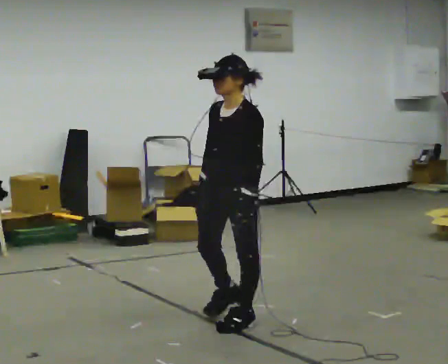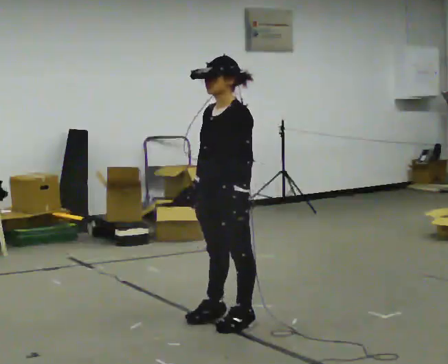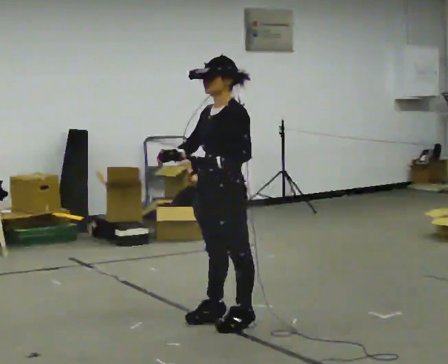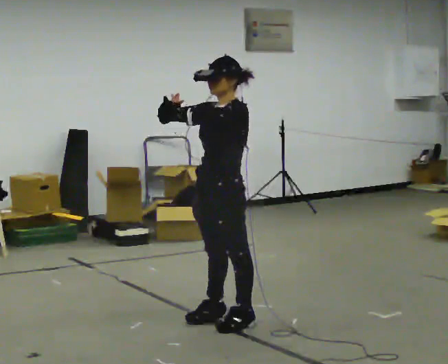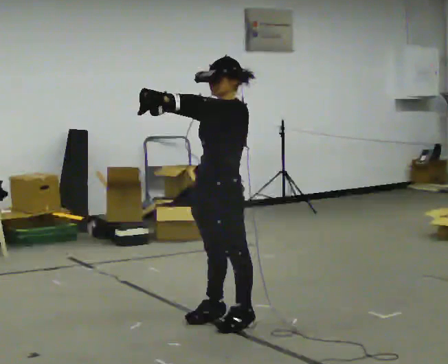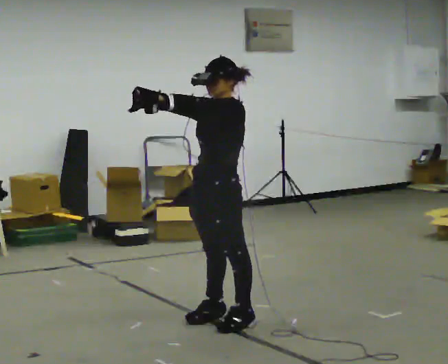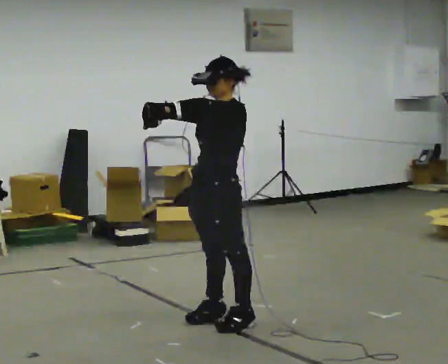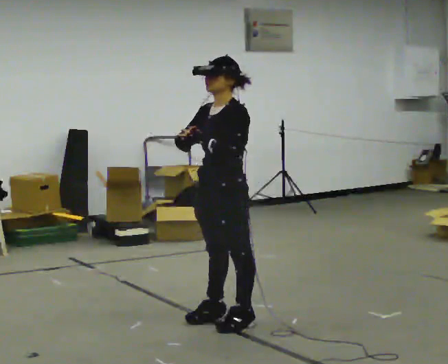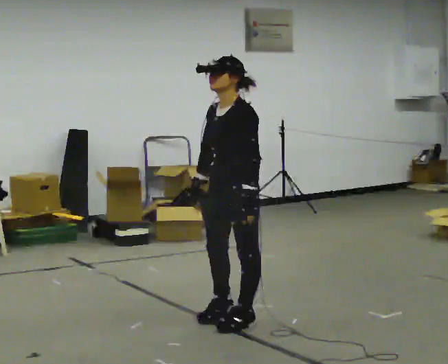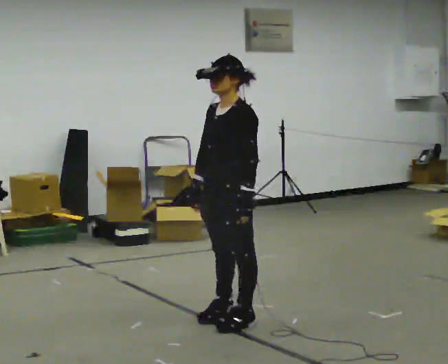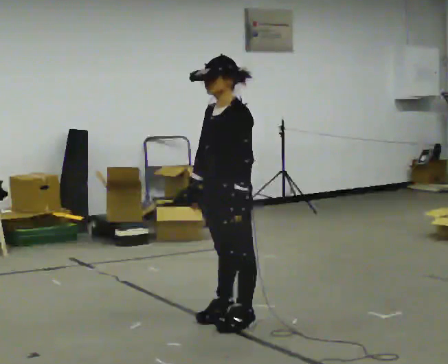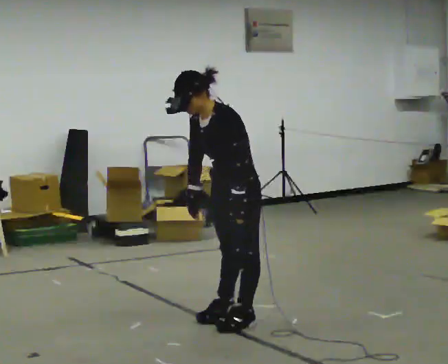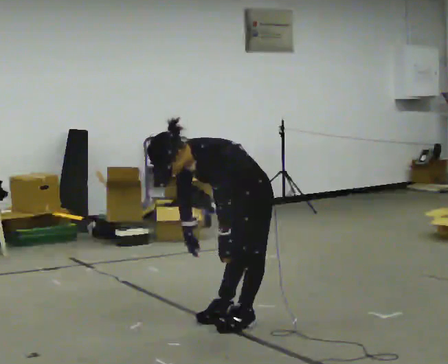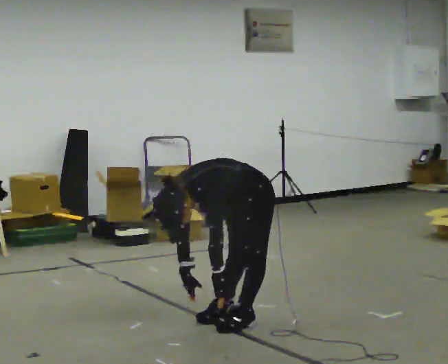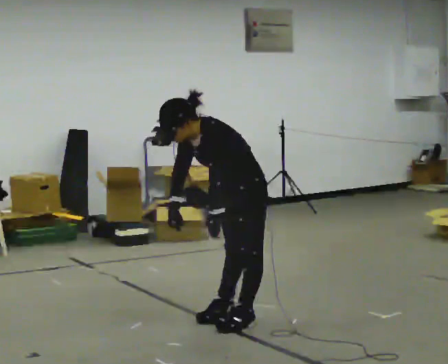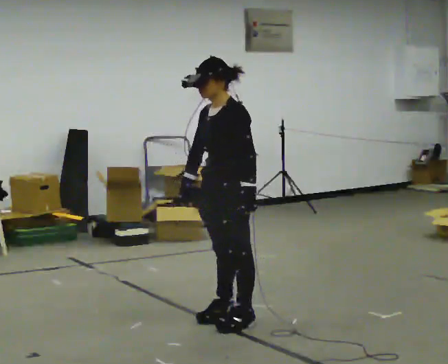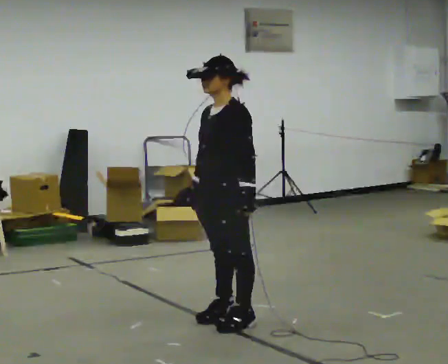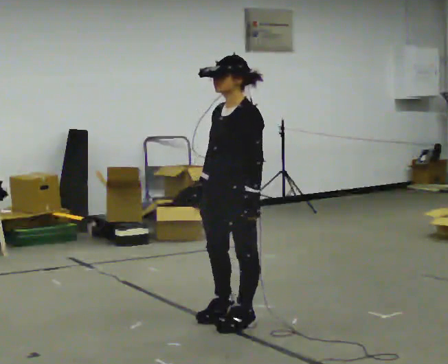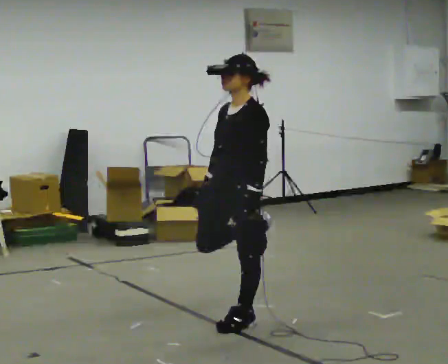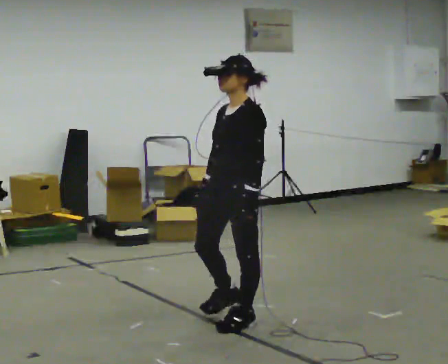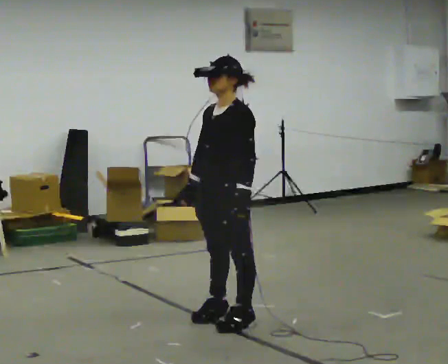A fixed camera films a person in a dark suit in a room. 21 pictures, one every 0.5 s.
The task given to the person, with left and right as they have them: Work through the stretches in order, holding each one briefly: touch your toes, pull each heel up behind you, stretch each arm across your chest, and stretch each calf. Stay in one place throughout.
0.0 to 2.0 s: In the picture their right hand goes upward.
2.0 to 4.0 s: In the picture their left hand goes downward and to the right.
4.0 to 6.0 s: The shoulders move downward. In the picture the upper body tilts counterclockwise, shoulders to the left, as they bend forward.
6.0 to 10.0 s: In the picture their right hand goes upward.
The film runs forward here.
